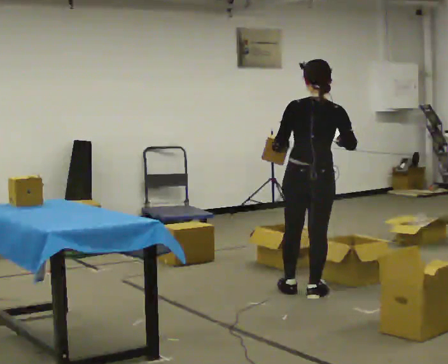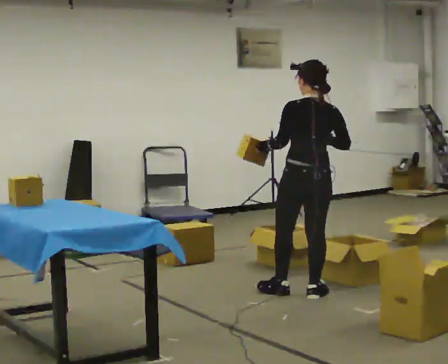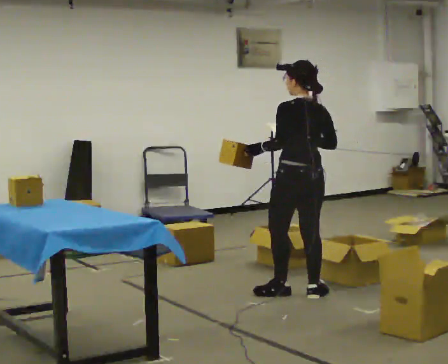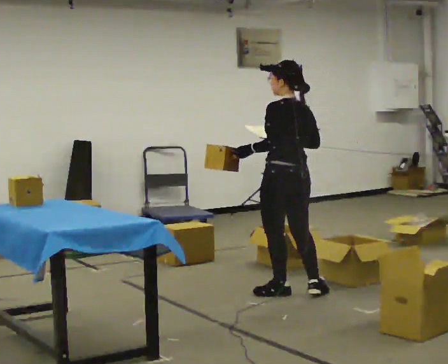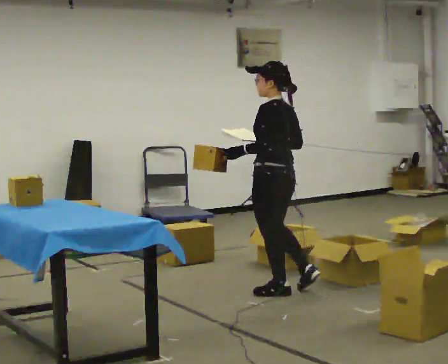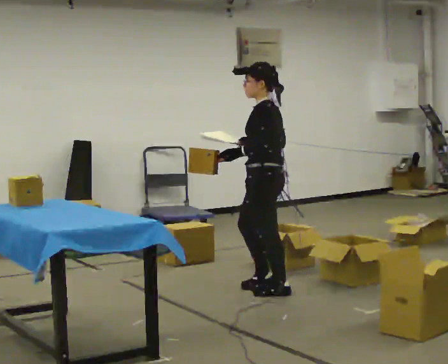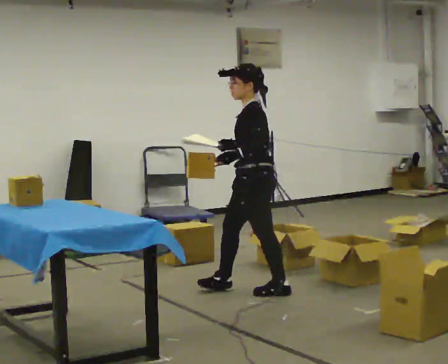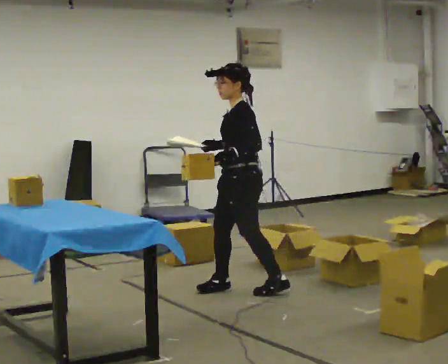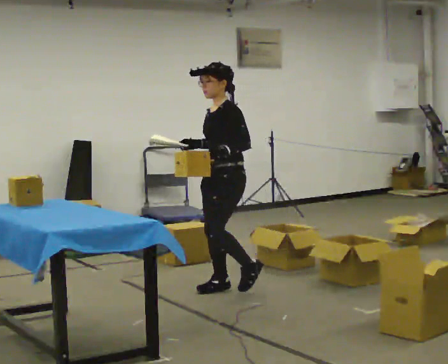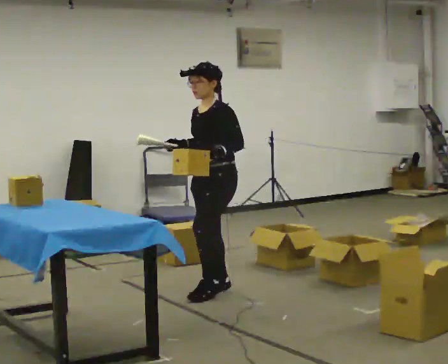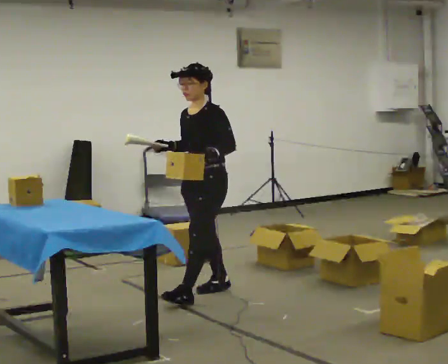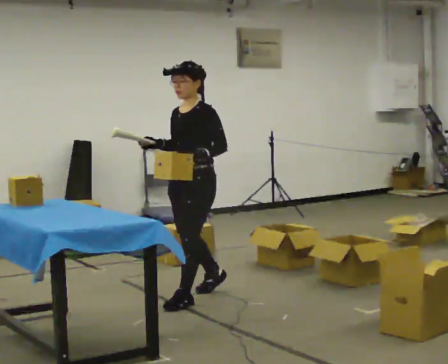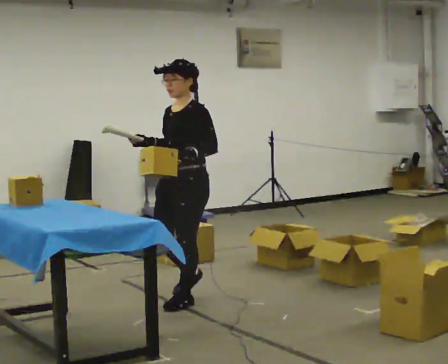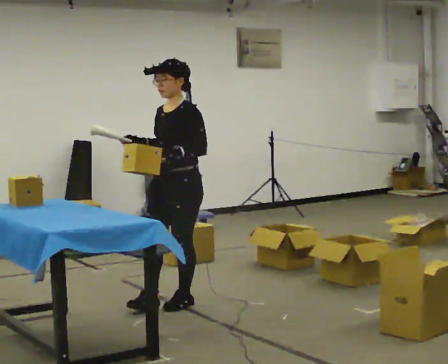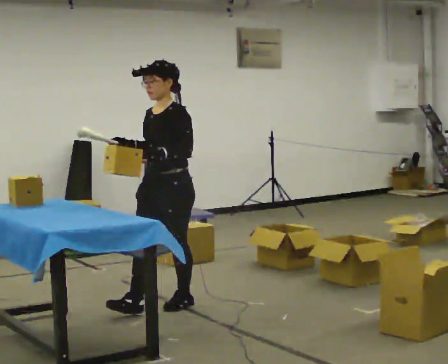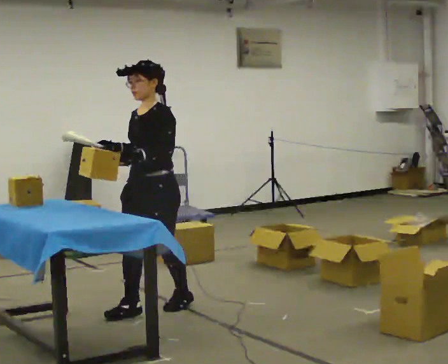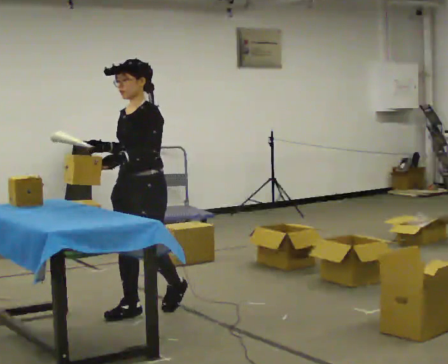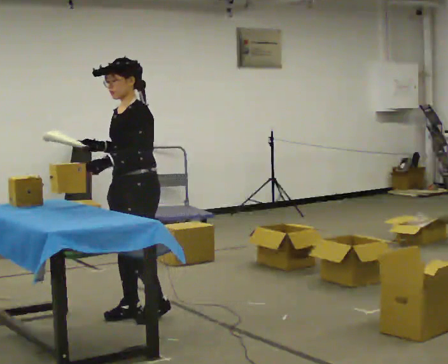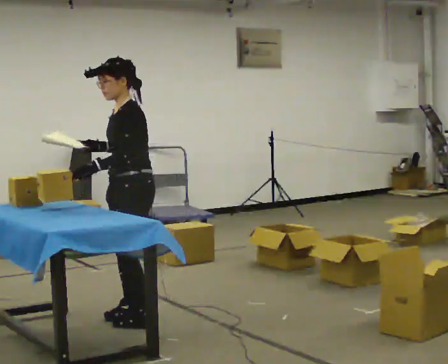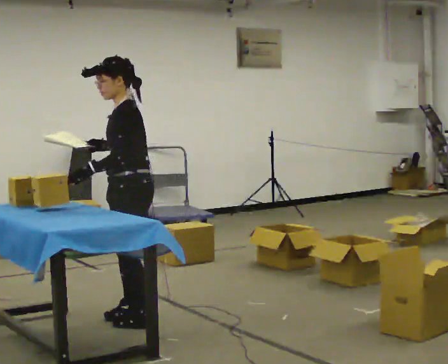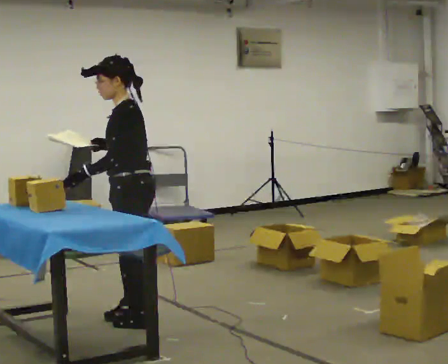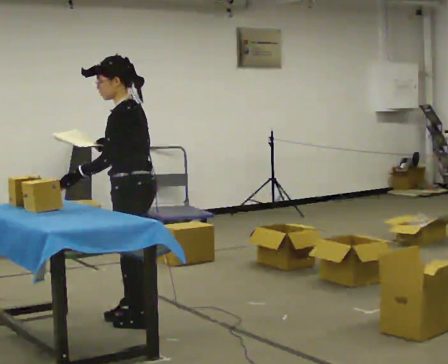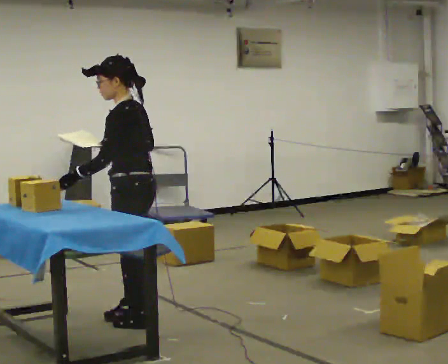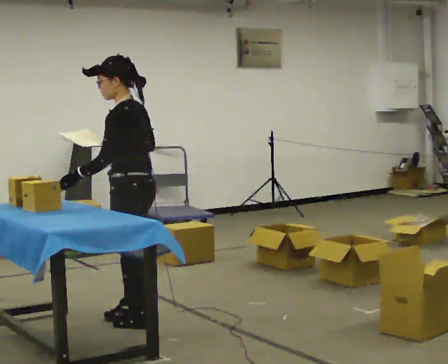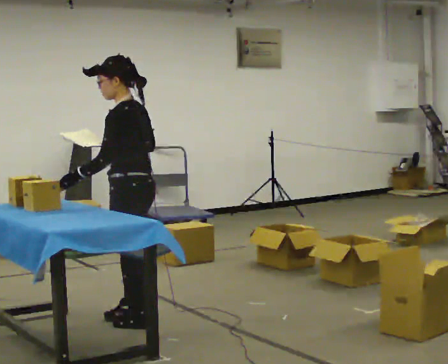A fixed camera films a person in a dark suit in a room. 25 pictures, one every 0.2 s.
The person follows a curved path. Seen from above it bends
counterclockwise.
The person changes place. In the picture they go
to the left.
0.0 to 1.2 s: Seen from above the body turns counterclockwise, about 105 degrees: to their left, with its near side sliding to the right. In the picture they go to the left, about 0.25 m in 1 step.
1.2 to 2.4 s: The part of the body nearest the lens slides to the right as the person turns to their left by about 45 degrees. In the picture they go to the left and toward the camera, about 0.5 m in 2 steps, which for them is forward.
2.4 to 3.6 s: In the picture they go toward the camera and to the left, about 0.5 m in 2 steps, which for them is forward.
3.6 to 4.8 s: The part of the body nearest the lens slides to the left as the person turns to their right by about 30 degrees. In the picture they go toward the camera, about 0.25 m, which for them is to their left.
The film runs forward here.
